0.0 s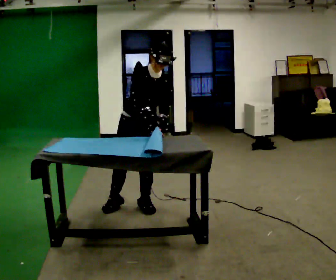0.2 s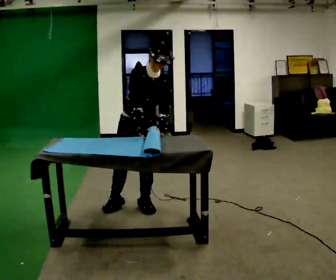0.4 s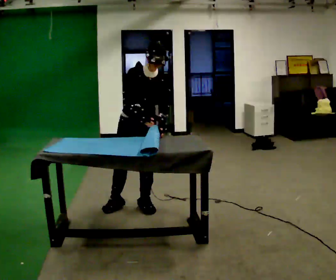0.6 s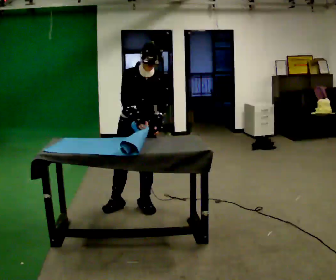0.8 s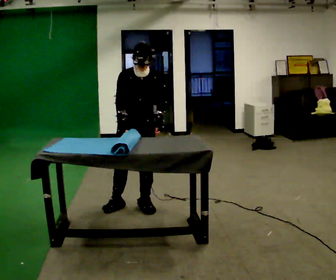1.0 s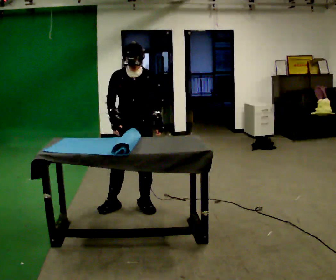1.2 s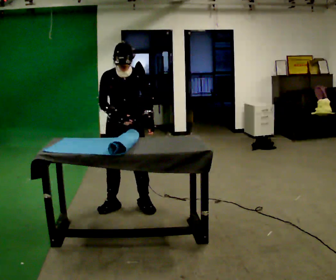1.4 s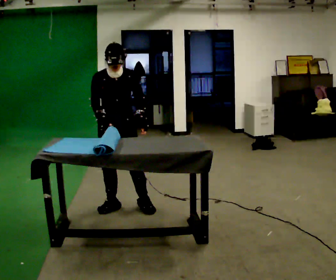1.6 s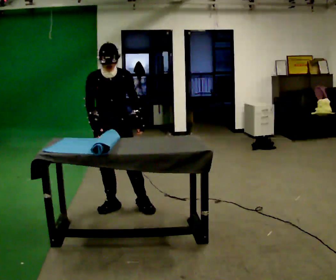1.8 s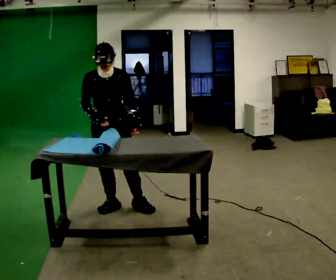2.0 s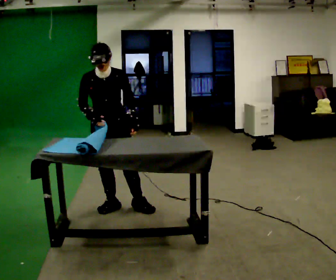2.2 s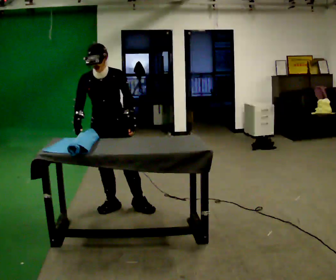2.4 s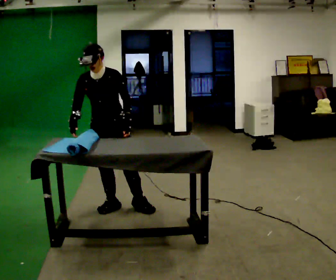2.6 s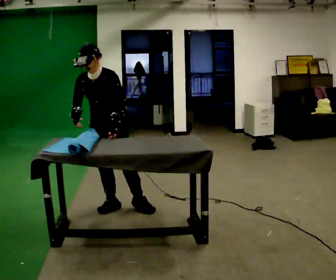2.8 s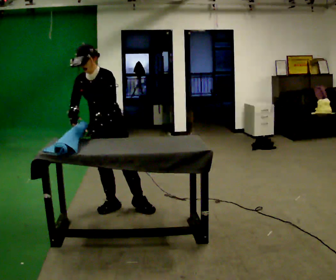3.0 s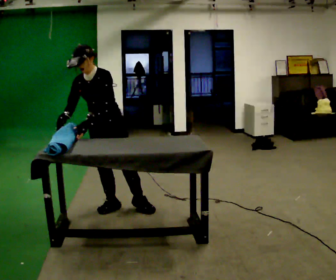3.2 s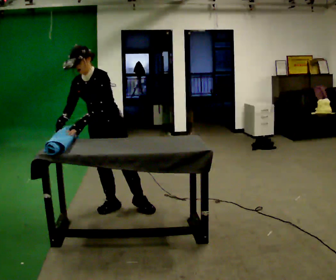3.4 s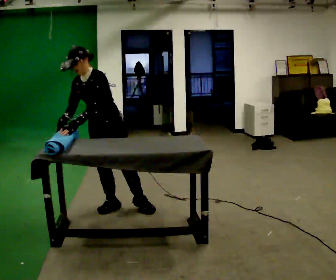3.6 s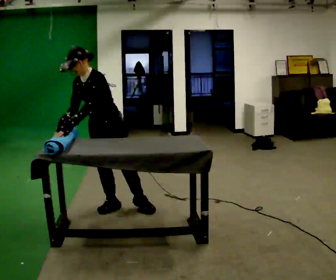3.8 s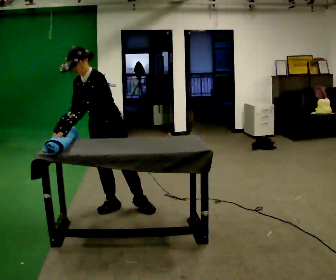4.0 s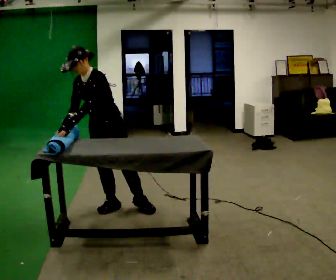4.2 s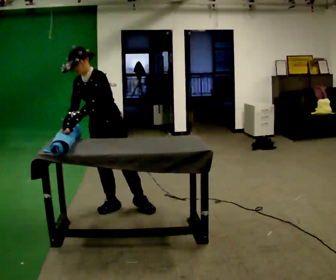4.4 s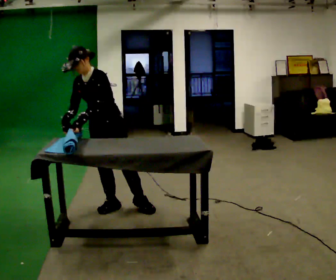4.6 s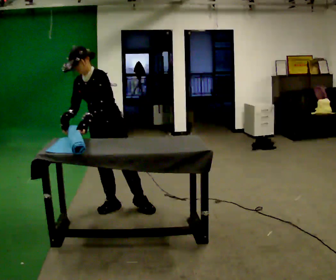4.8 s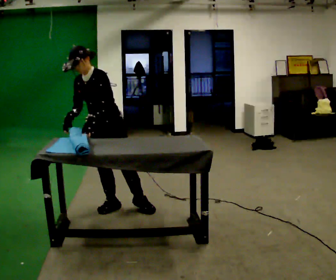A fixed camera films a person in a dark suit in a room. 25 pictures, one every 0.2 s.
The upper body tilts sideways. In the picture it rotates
counterclockwise.
0.0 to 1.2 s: In the picture the upper body tilts counterclockwise, shoulders to the left.
1.2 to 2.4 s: In the picture they go to the left, about 0.25 m, which for them is to their right. In the picture their right hand goes to the left.
2.4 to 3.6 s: In the picture their left hand goes to the left, the arm swinging clockwise.
3.6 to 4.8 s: The person moves a little, or ends about where they began.
The film runs backward here.
